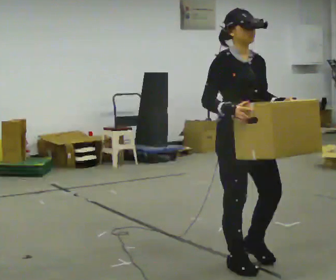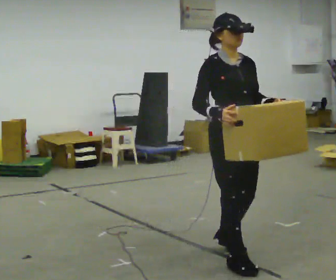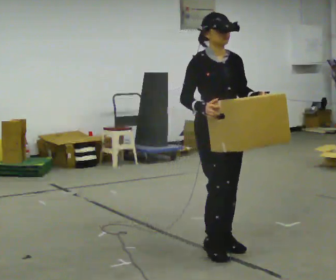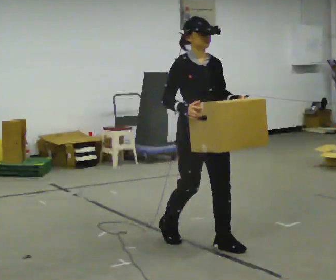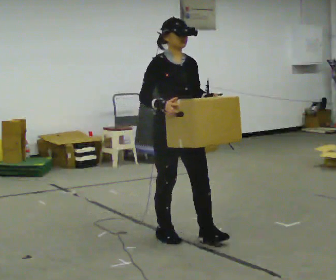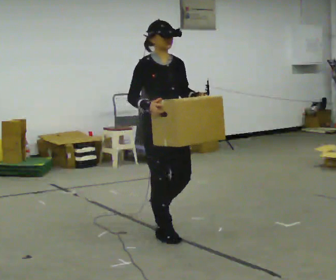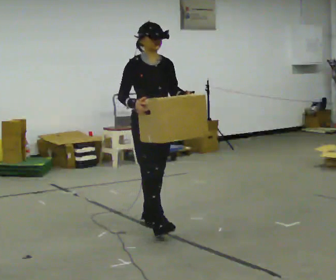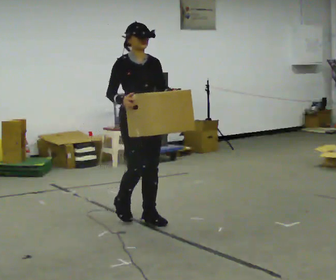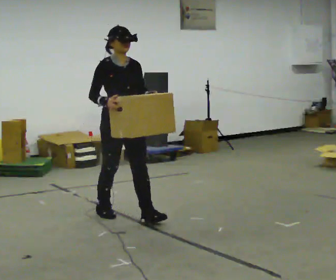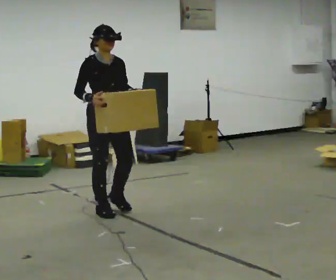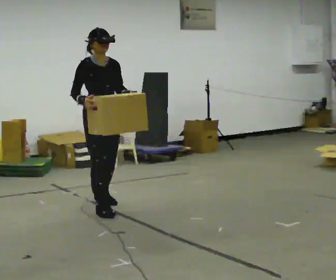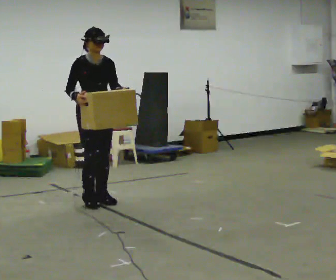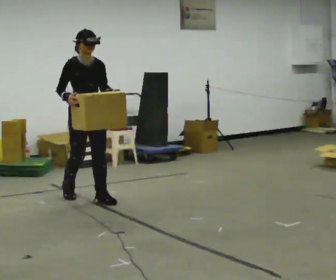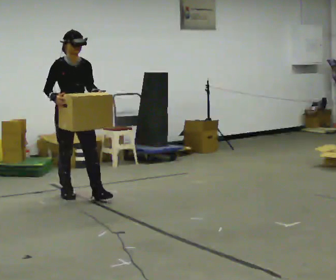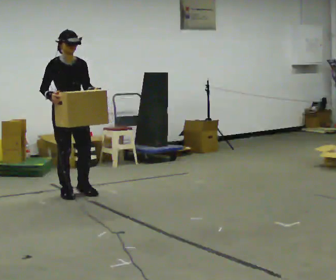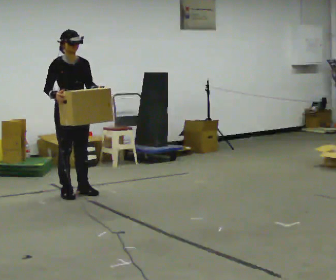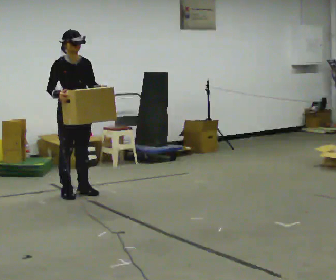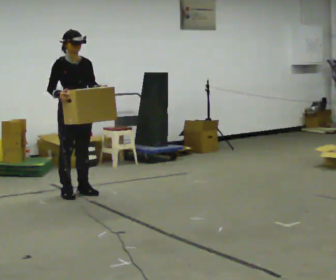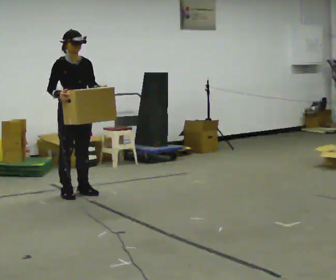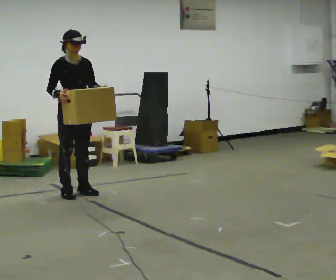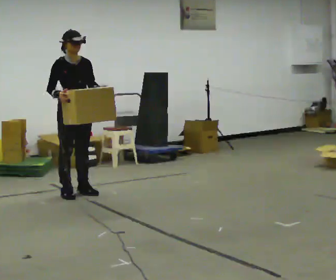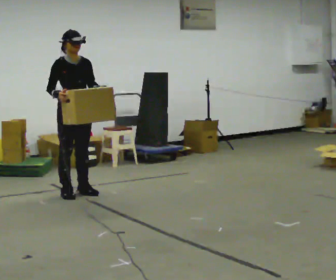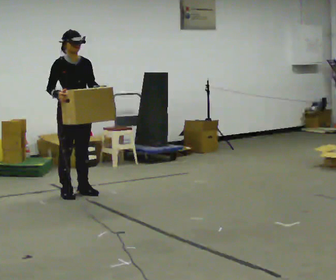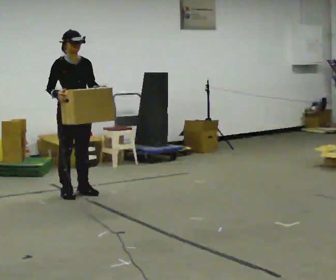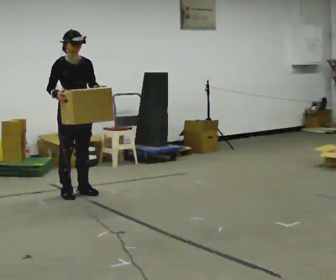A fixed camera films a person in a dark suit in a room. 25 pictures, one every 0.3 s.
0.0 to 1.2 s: In the picture they go away from the camera and to the left, about 0.5 m in 2 steps, which for them is backward.
1.2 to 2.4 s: In the picture they go away from the camera and to the left, about 1 m in 1 step, which for them is backward.
2.4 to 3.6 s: In the picture they go away from the camera and to the left, about 1 m in 2 steps, which for them is backward.
3.6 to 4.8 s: In the picture they go away from the camera, about 0.25 m in 1 step, which for them is backward.
4.8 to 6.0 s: The person keeps their place and pose.
6.0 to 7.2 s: The person moves a little, or ends about where they began.
The film runs backward here.
